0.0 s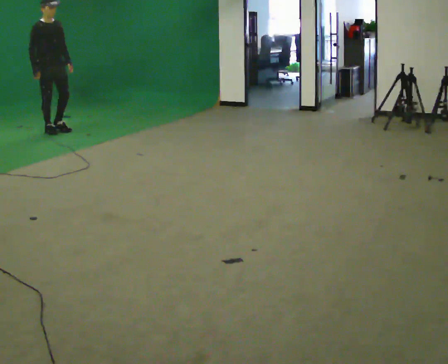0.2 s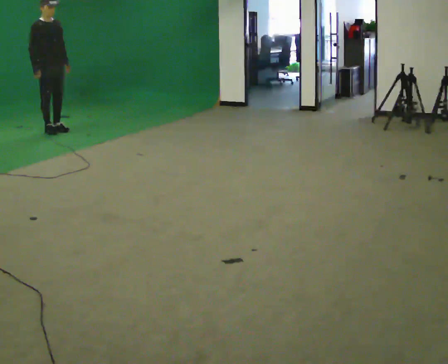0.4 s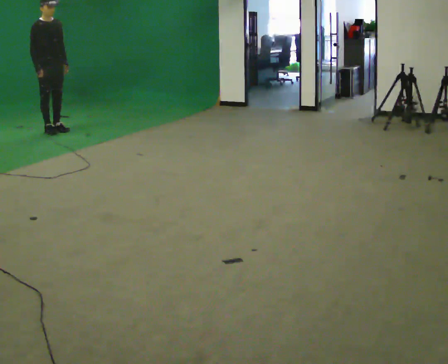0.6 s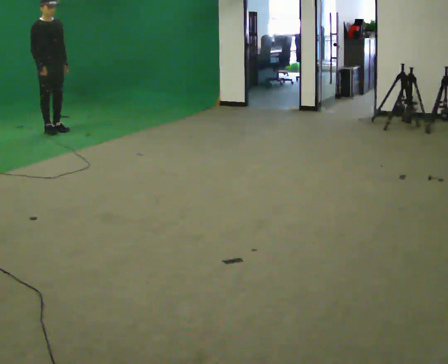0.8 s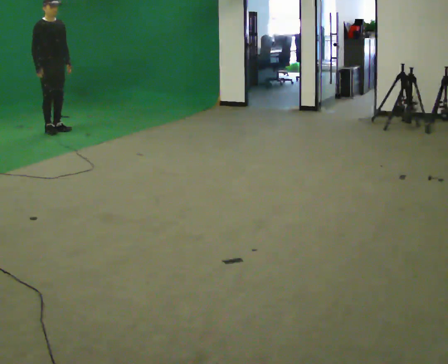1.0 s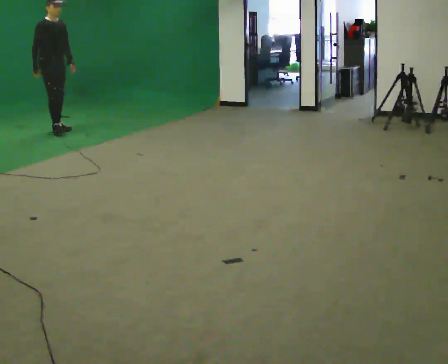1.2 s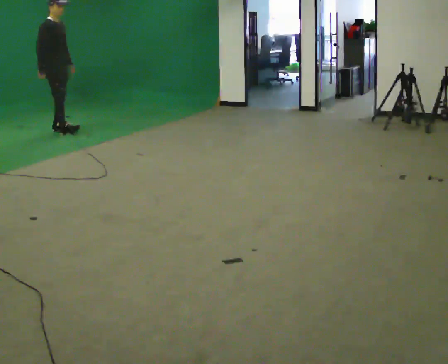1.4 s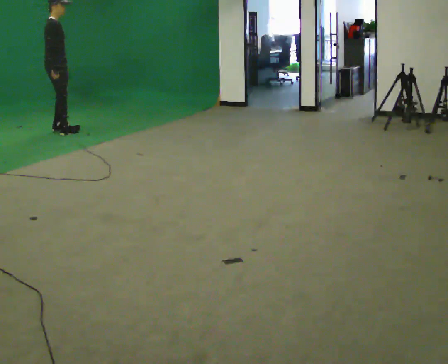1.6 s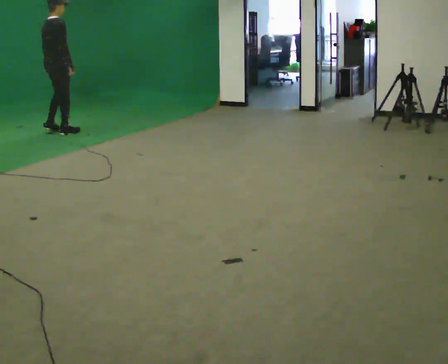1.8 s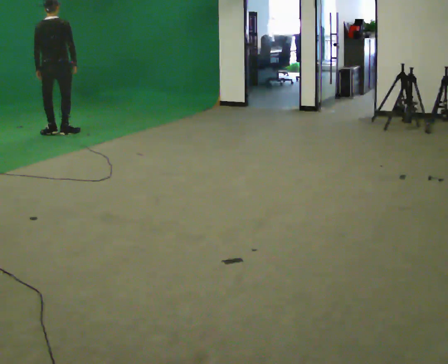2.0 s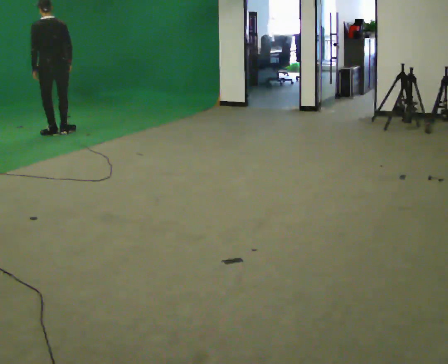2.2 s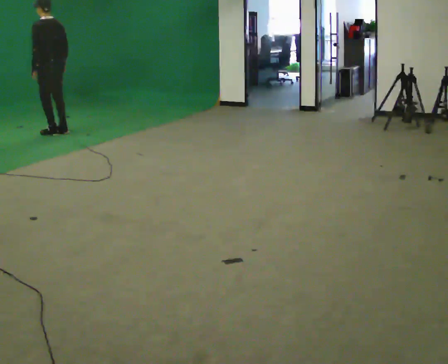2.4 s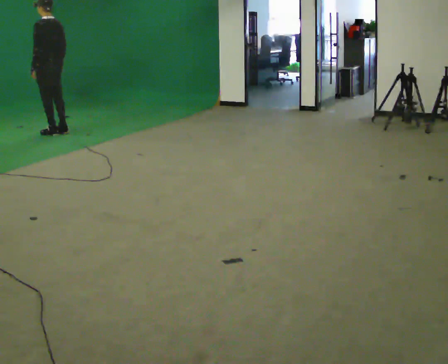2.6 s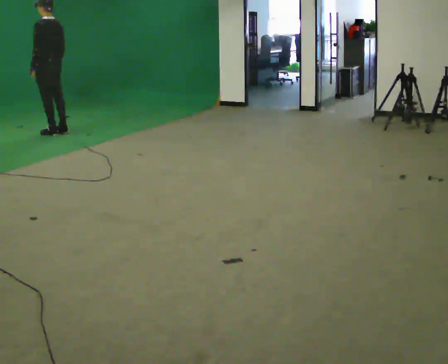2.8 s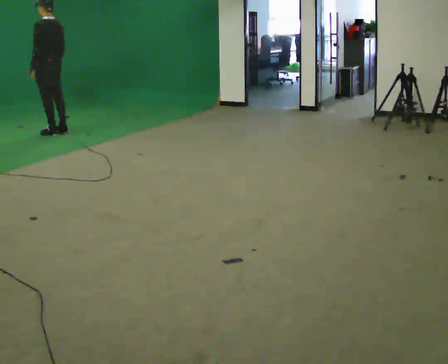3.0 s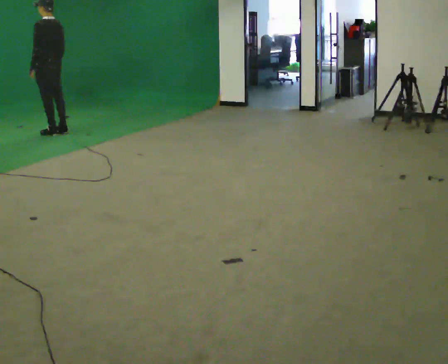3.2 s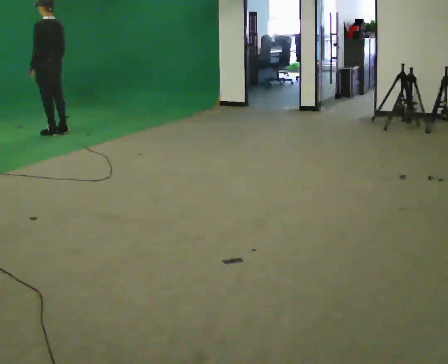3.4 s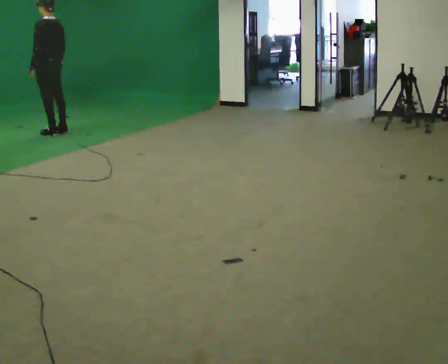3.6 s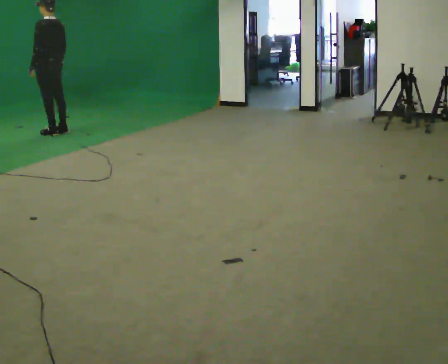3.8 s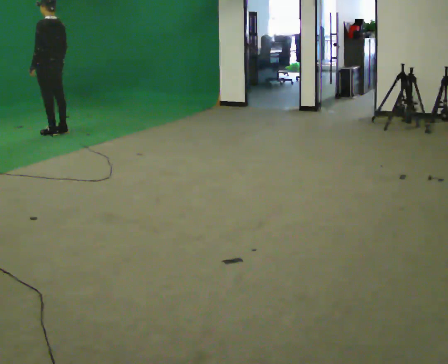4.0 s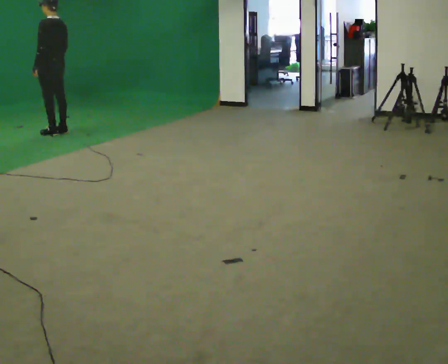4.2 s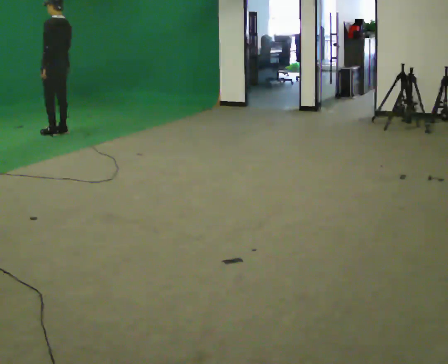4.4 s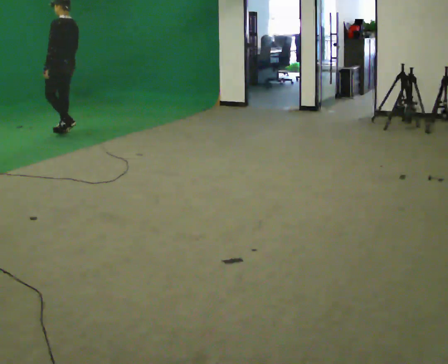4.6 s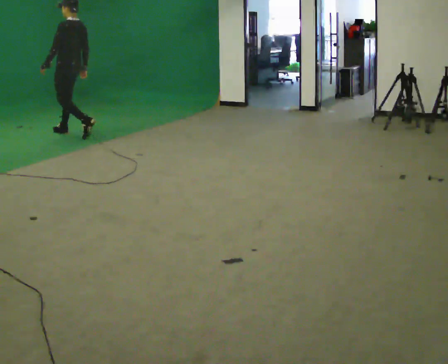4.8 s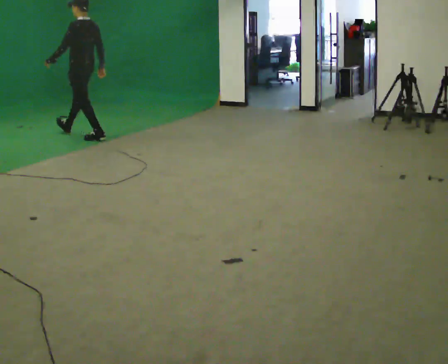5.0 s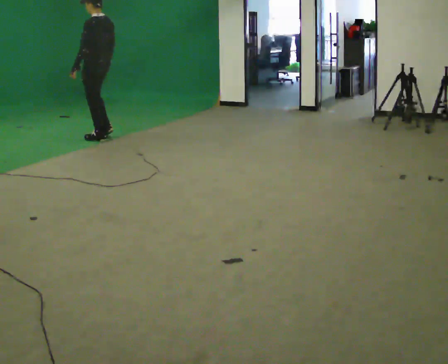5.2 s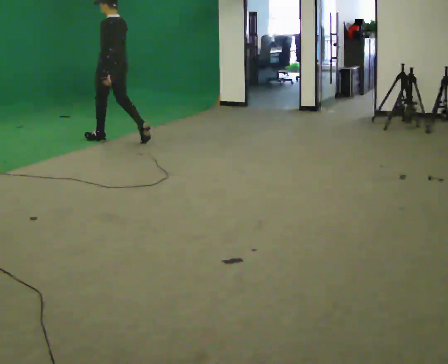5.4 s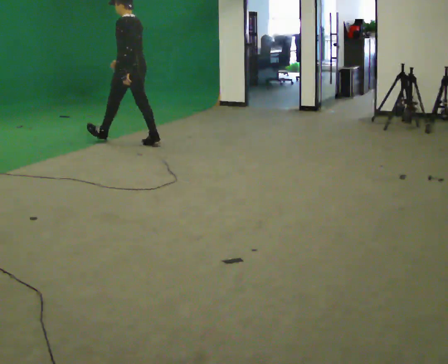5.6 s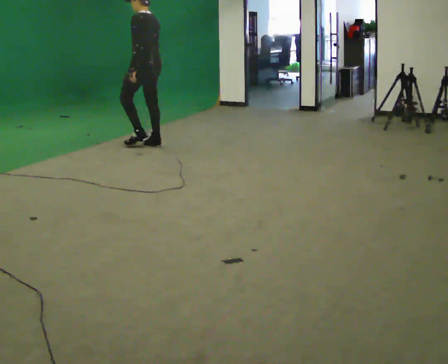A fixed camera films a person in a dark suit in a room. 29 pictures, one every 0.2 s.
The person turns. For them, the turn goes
to their left.
The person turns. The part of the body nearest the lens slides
to the right.
0.0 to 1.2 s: The person moves a little, or ends about where they began.
1.2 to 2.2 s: The person turns about 165 degrees to their left, counterclockwise seen from above, so the part of the body nearest the lens slides to the right. In the picture their right hand goes to the right.
2.2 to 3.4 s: The person moves a little, or ends about where they began.
3.4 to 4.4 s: In the picture they go to the right, about 0.25 m in 1 step, which for them is backward.
4.4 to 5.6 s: In the picture they go toward the camera and to the right, about 1.5 m in 2 steps, which for them is backward.
The film runs backward here.
